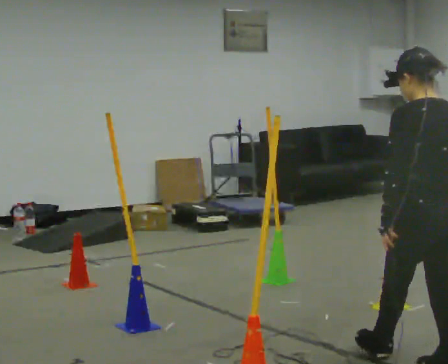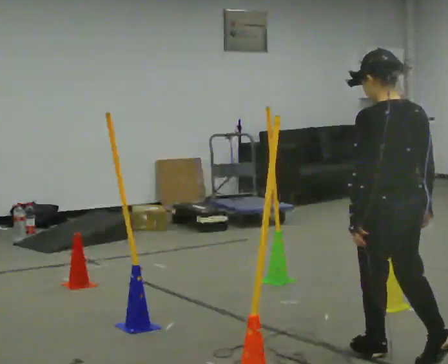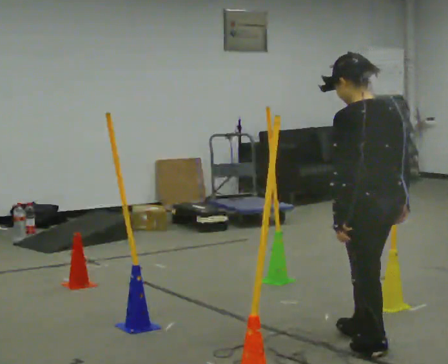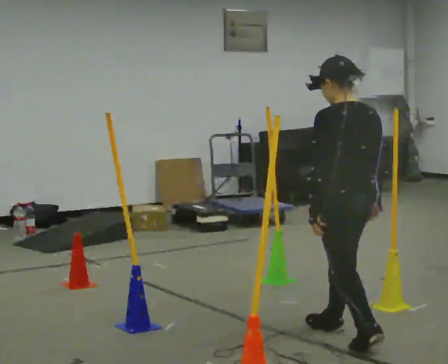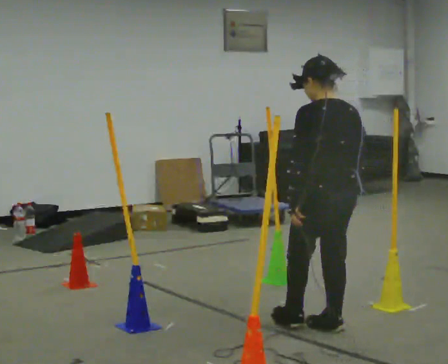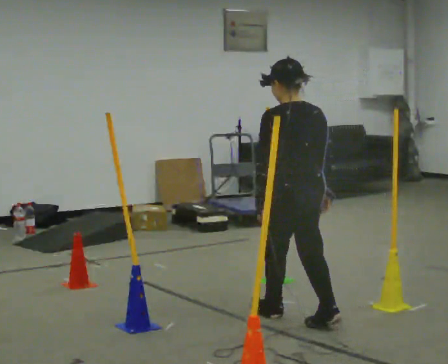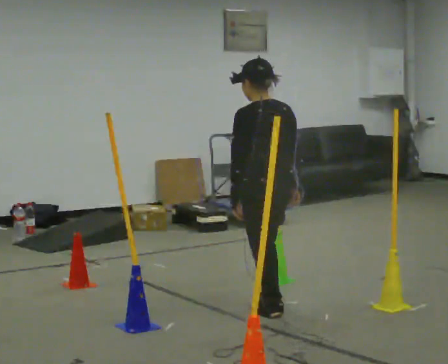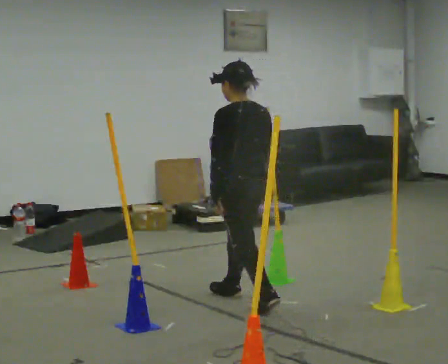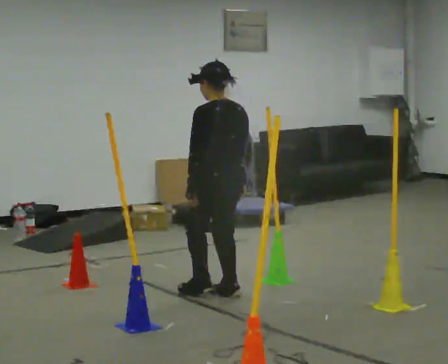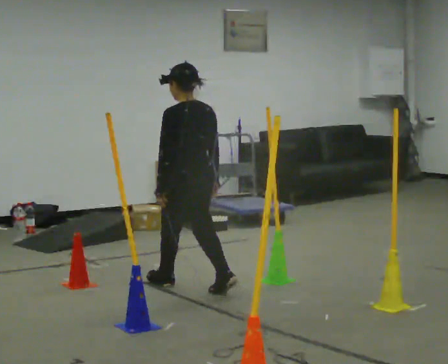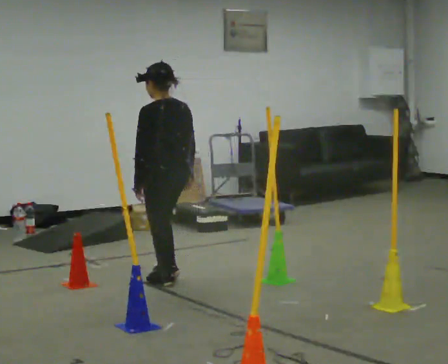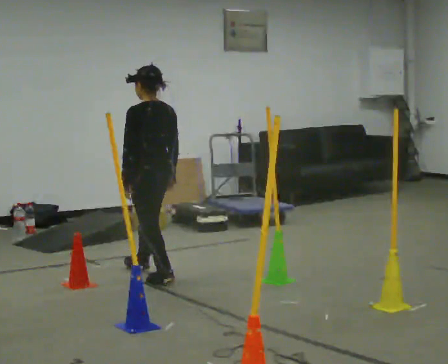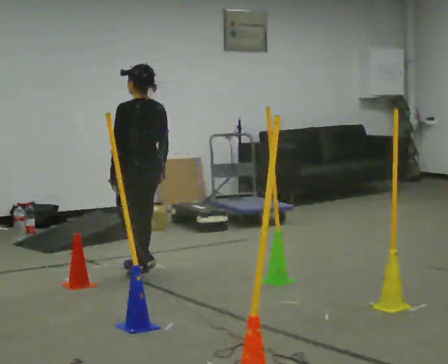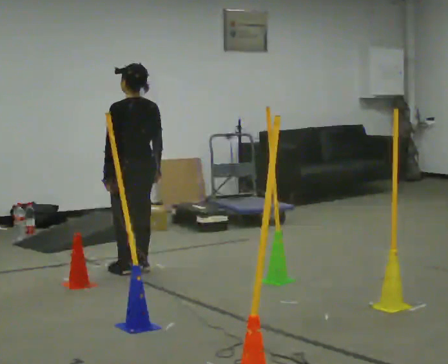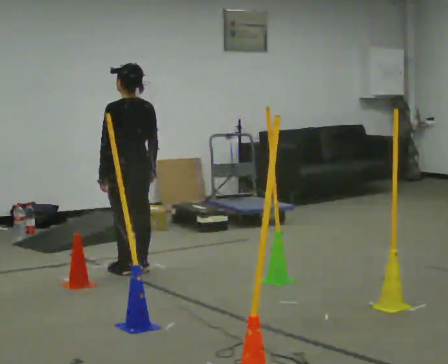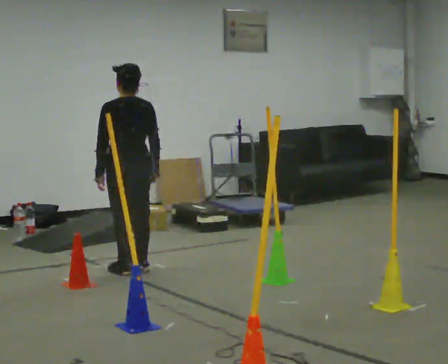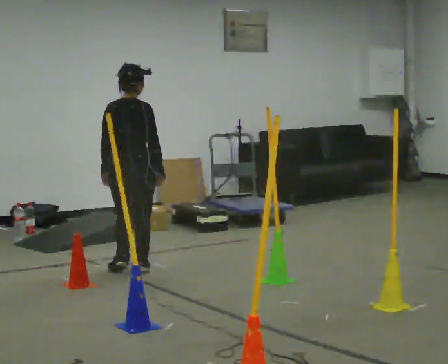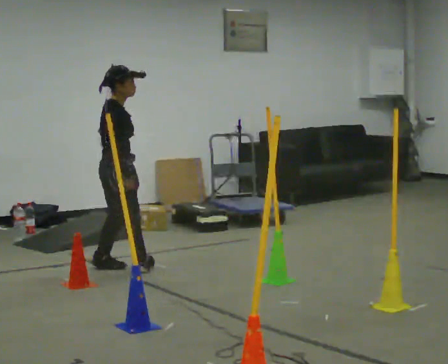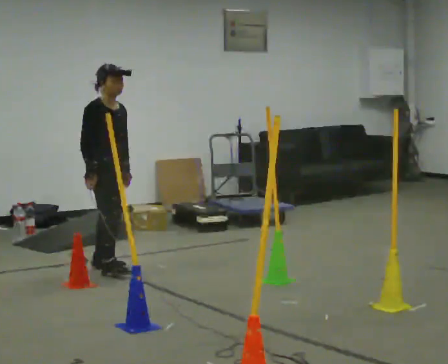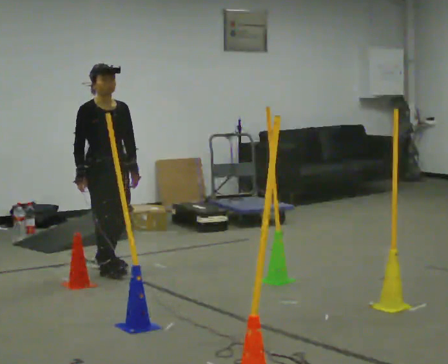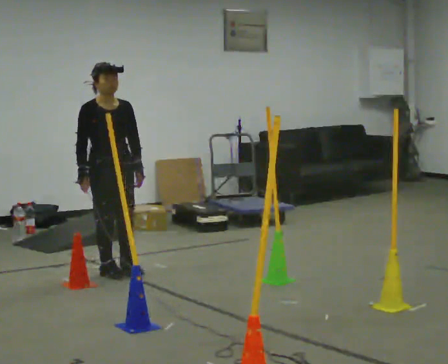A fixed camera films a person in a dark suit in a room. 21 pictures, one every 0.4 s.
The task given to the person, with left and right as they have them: Walk through passage without touching sides; continue normally after exit.
0.0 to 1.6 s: In the picture they go away from the camera, about 1 m in 2 steps, which for them is forward.
1.6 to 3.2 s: In the picture they go away from the camera and to the left, about 1 m in 2 steps, which for them is forward.
3.2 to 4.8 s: In the picture they go away from the camera and to the left, about 1 m in 2 steps, which for them is forward.
4.8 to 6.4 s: Seen from above the body turns clockwise, about 60 degrees: to their right, with its near side sliding to the left.
6.4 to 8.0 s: The person turns about 120 degrees to their right, clockwise seen from above, so the part of the body nearest the lens slides to the left.
The film runs forward here.
